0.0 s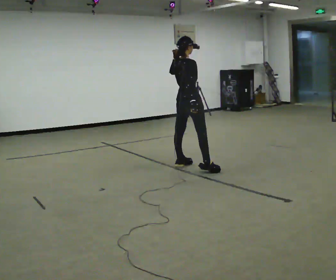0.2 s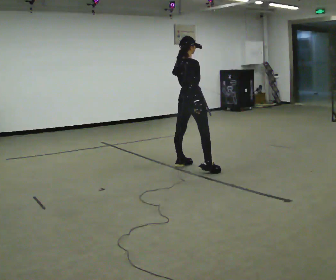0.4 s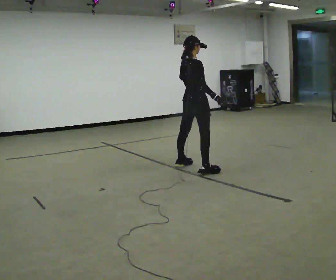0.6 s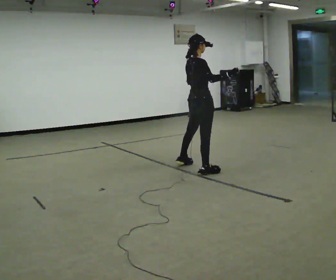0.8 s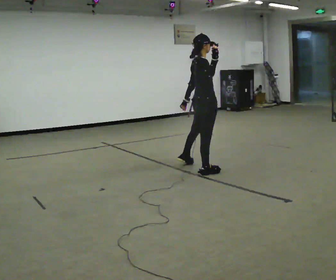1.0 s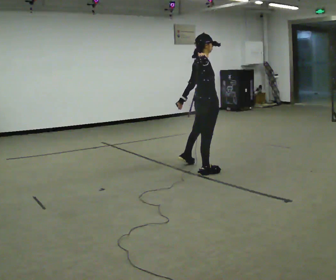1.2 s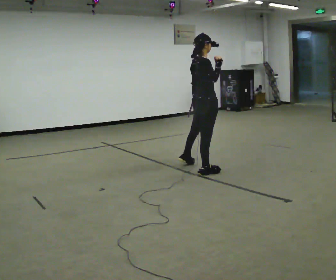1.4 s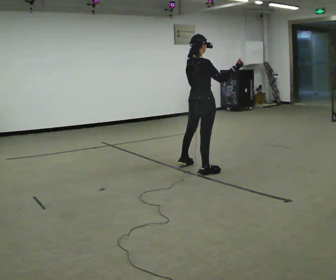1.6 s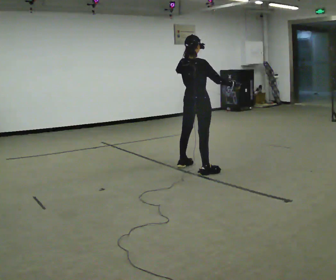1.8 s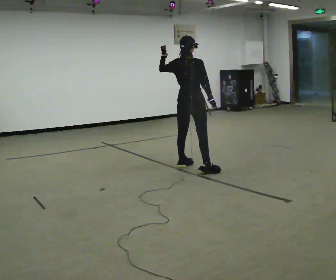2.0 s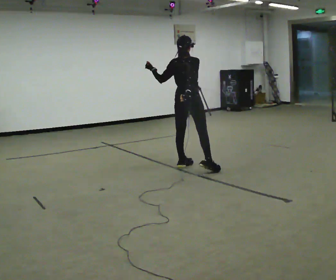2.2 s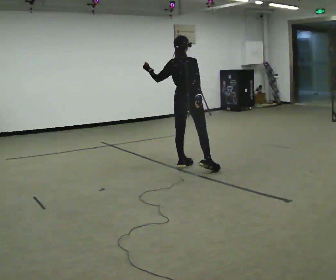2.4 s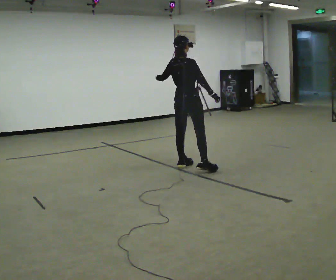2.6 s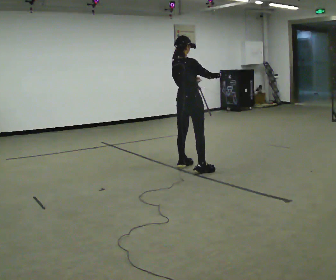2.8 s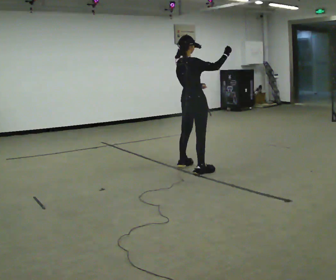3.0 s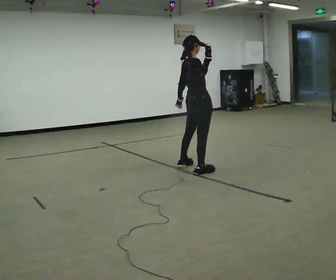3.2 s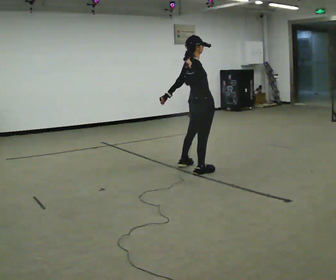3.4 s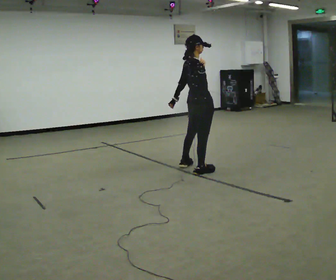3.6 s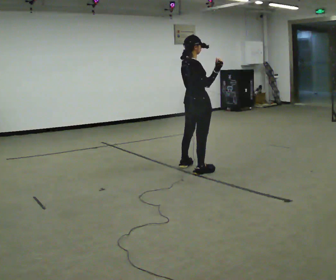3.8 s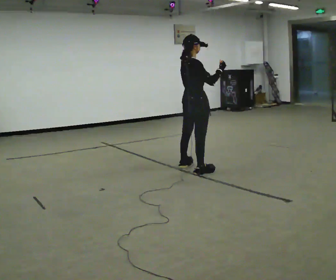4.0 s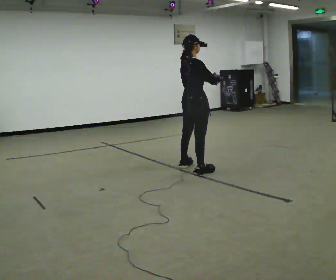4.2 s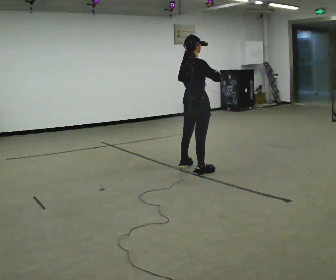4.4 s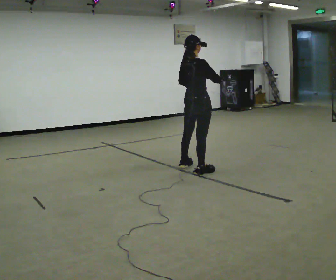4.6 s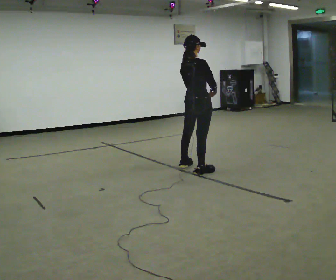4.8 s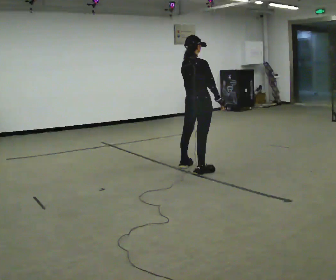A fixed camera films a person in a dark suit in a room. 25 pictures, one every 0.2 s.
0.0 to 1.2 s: In the picture they go toward the camera and to the right, about 0.25 m, which for them is to their right. In the picture their left hand goes downward.
1.2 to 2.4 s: In the picture they go away from the camera and to the left, about 0.25 m, which for them is to their left. In the picture their right hand goes downward.
2.4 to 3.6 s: In the picture they go toward the camera, about 0.25 m, which for them is to their right. In the picture their right hand goes upward.
3.6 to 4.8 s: In the picture their right hand goes downward.
The film runs forward here.
